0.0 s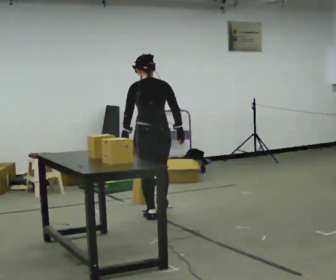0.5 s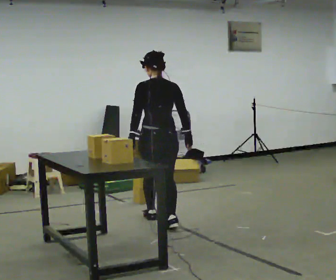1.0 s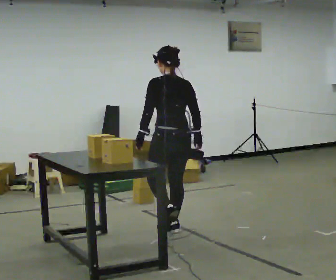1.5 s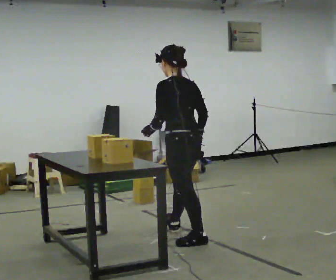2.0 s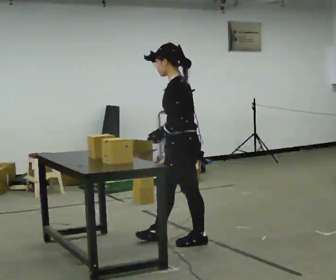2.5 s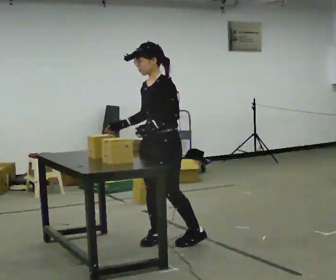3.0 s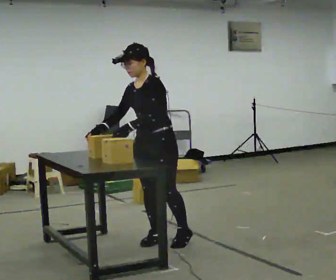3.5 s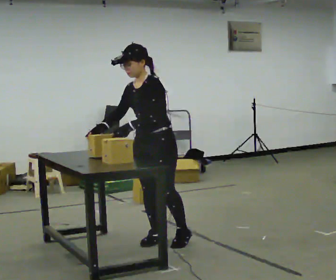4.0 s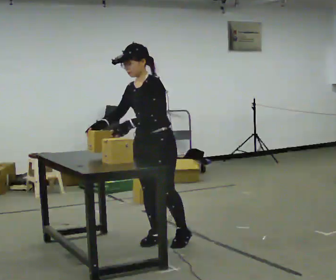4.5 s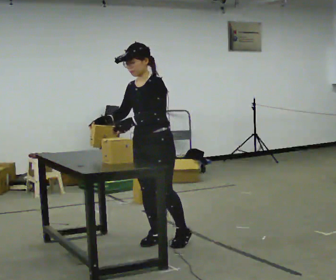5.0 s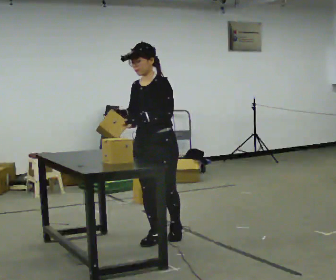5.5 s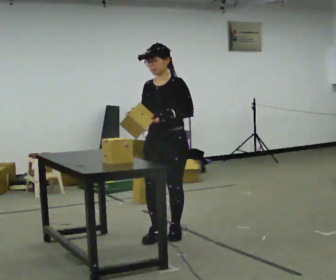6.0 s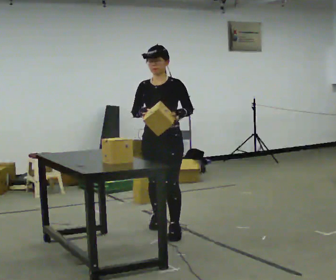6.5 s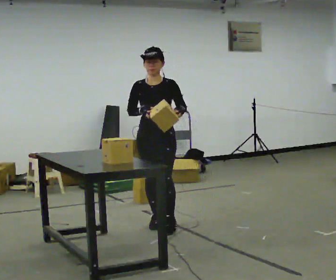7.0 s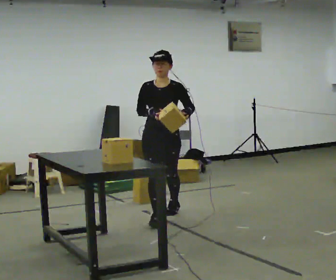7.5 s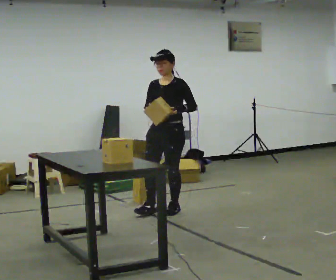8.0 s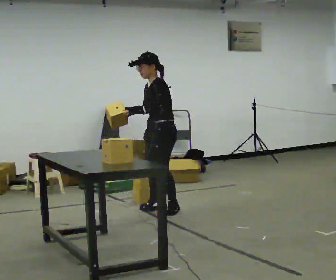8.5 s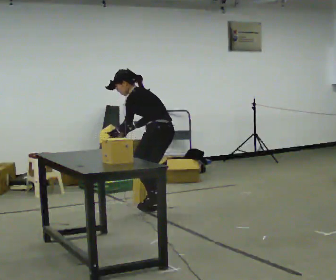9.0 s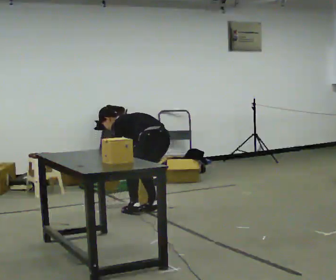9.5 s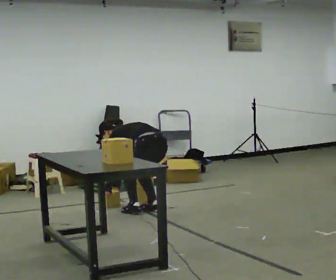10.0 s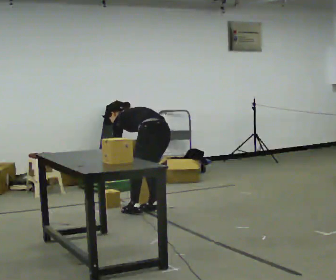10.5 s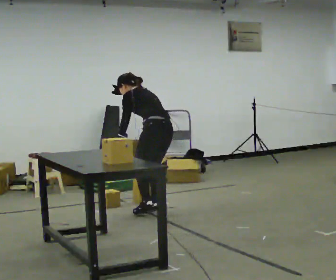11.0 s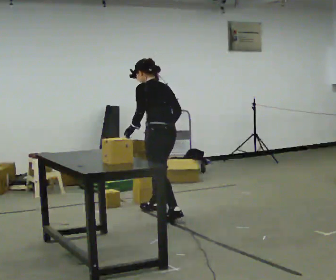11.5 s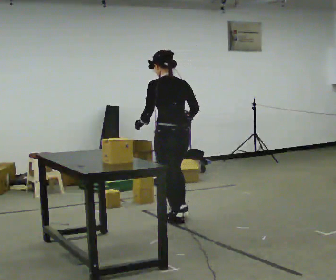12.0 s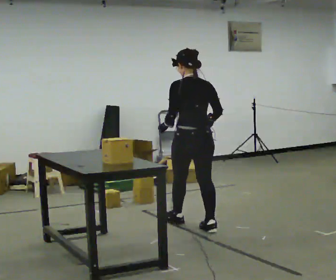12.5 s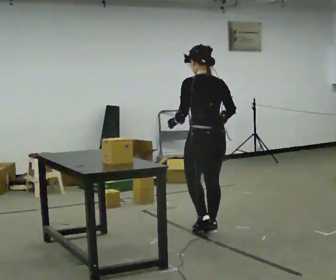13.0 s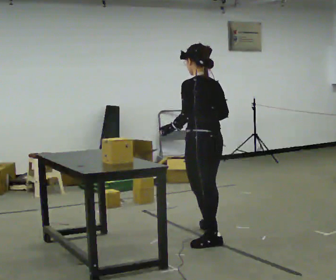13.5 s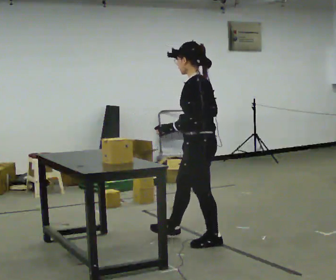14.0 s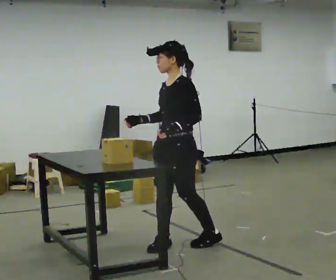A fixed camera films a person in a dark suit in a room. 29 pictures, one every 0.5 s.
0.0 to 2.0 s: The part of the body nearest the lens slides to the right as the person turns to their left by about 75 degrees. In the picture they go toward the camera, about 1 m in 2 steps.
2.0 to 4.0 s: Seen from above the body turns counterclockwise, about 45 degrees: to their left, with its near side sliding to the right. In the picture they go to the left, about 0.25 m, which for them is to their right and forward. In the picture their right hand goes to the left.
4.0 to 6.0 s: In the picture they go away from the camera, about 0.25 m in 2 steps, which for them is backward and to their right.
6.0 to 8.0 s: The part of the body nearest the lens slides to the left as the person turns to their right by about 45 degrees. In the picture they go away from the camera, about 1 m in 2 steps.
8.0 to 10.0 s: The part of the body nearest the lens slides to the left as the person turns to their right by about 60 degrees. The upper body tips away from the camera, its near side rolling upward, as they bend forward. In the picture their right hand goes downward, the arm swinging counterclockwise.
10.0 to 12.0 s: The part of the body nearest the lens slides to the left as the person turns to their right by about 30 degrees. In the picture they go toward the camera and to the right, about 0.5 m in 2 steps, which for them is backward. The upper body goes upward. In the picture the upper body tilts clockwise, shoulders to the right, as they lean back or straighten. In the picture their right hand goes upward.
12.0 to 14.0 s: The part of the body nearest the lens slides to the right as the person turns to their left by about 105 degrees. In the picture they go toward the camera, about 0.5 m in 2 steps.
The film runs backward here.
